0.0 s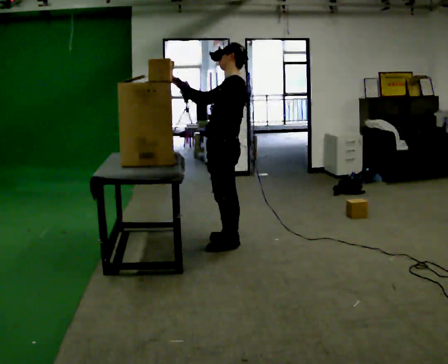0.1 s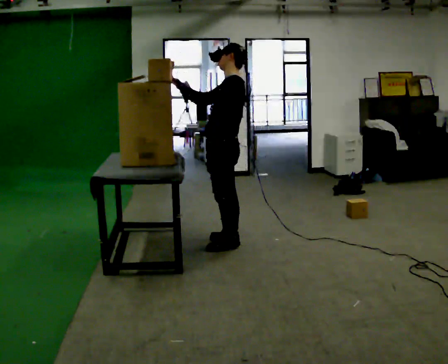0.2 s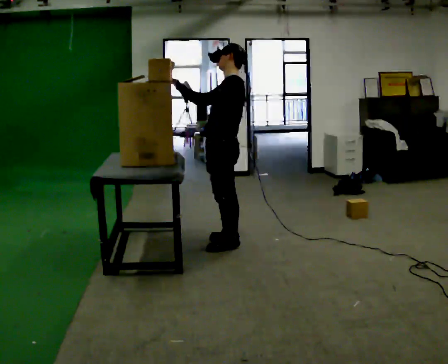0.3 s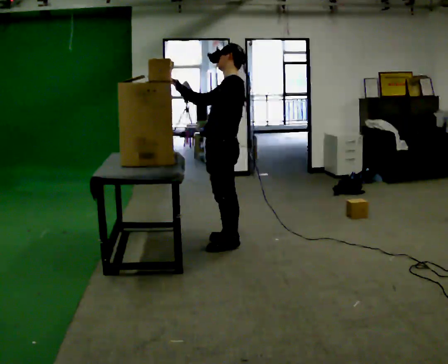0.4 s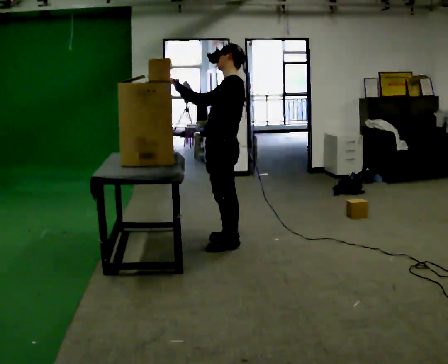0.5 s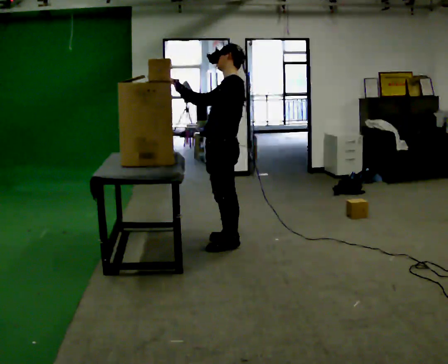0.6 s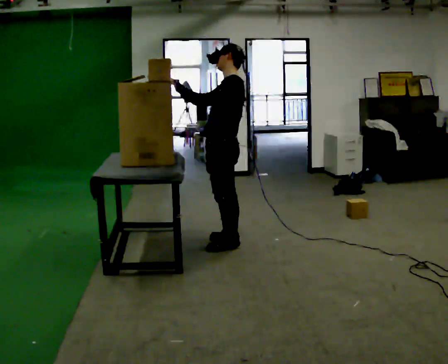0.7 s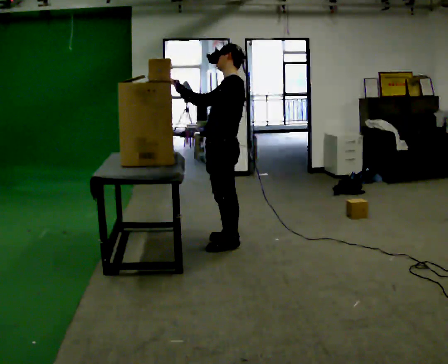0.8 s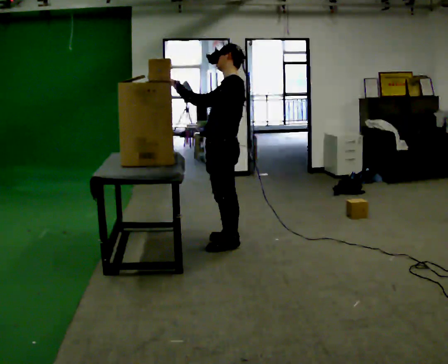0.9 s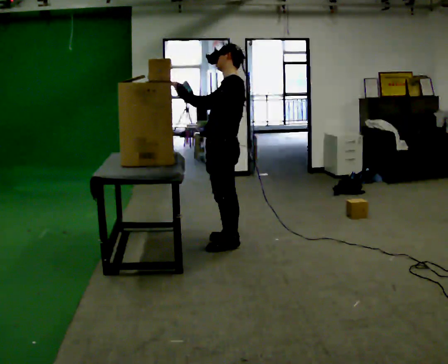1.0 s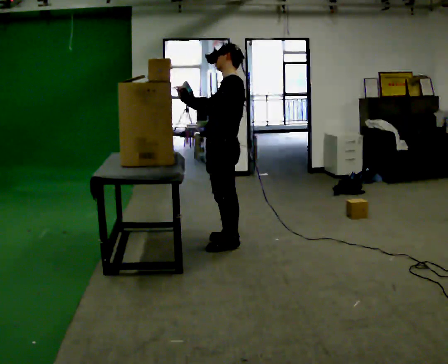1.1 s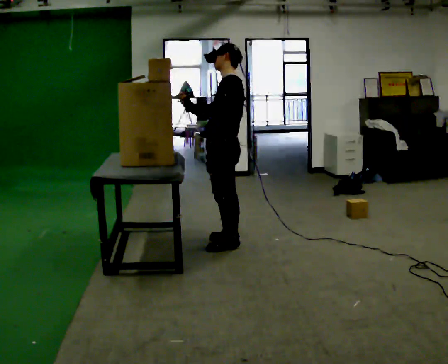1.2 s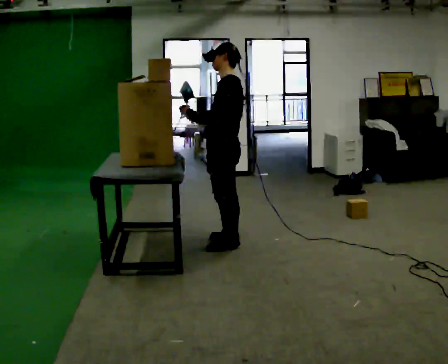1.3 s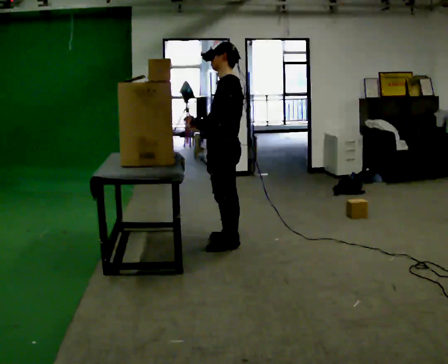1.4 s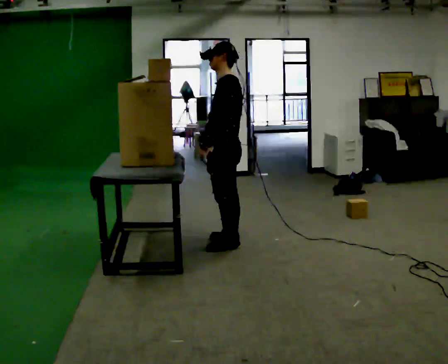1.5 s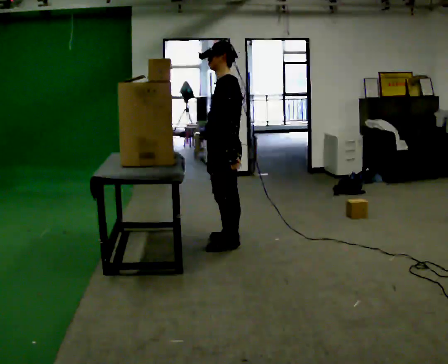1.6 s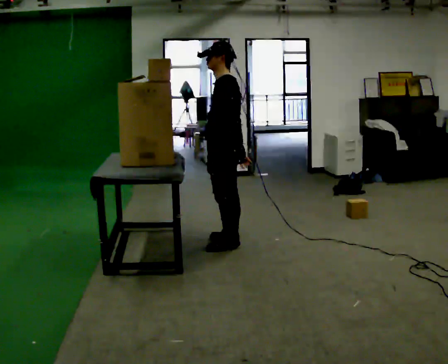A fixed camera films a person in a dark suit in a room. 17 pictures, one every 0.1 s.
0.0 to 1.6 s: In the picture their right hand goes downward and to the right, the arm swinging counterclockwise.
The film runs forward here.
